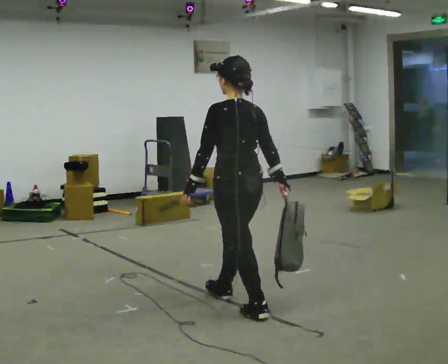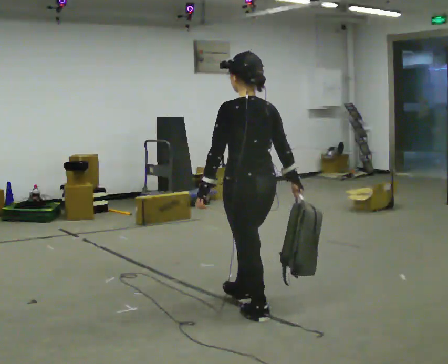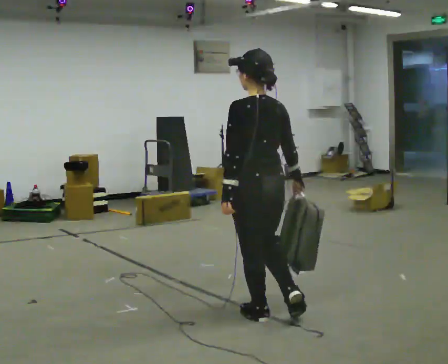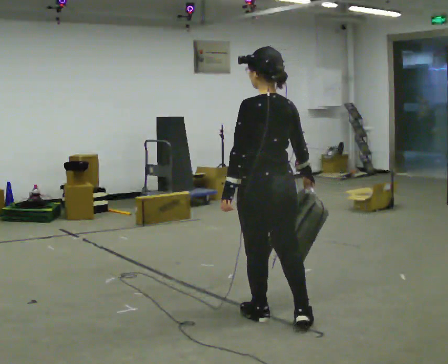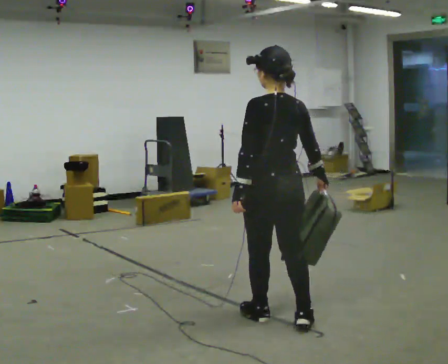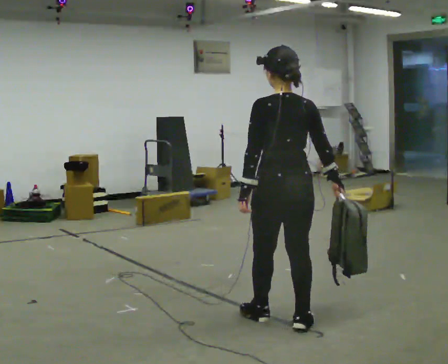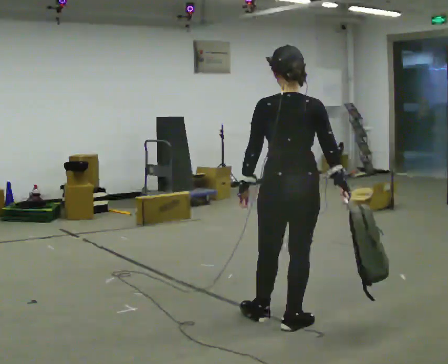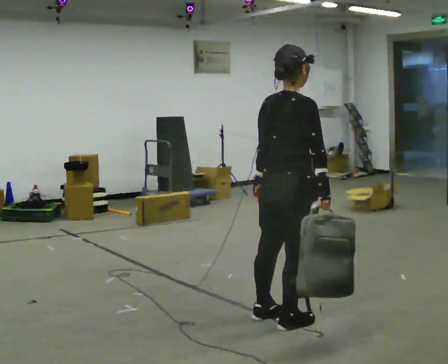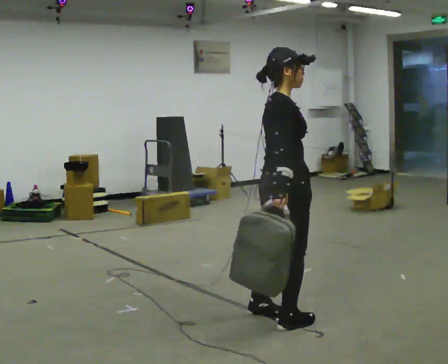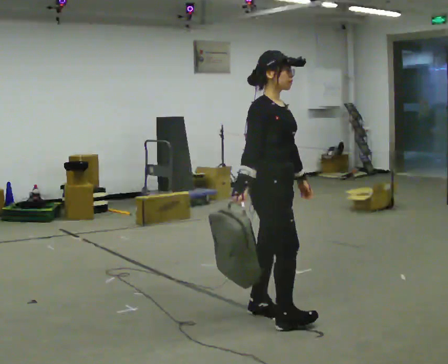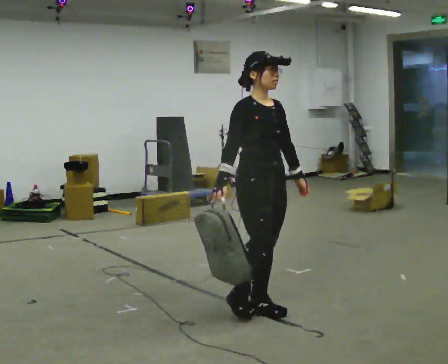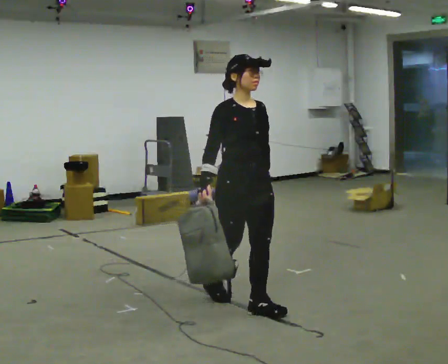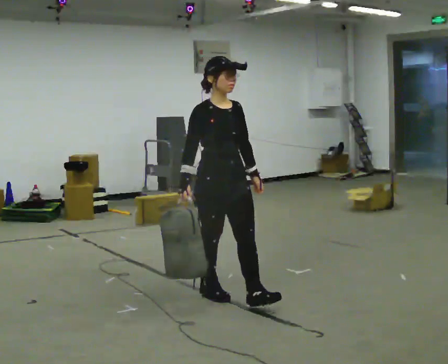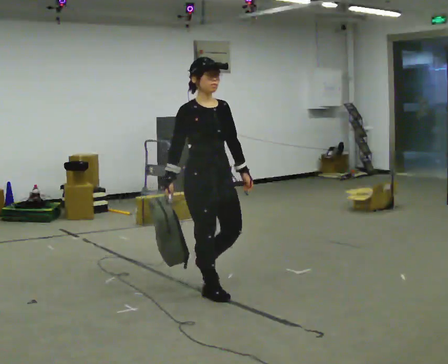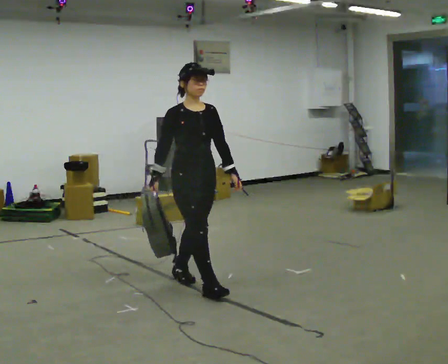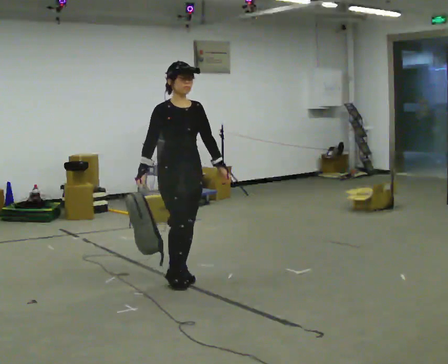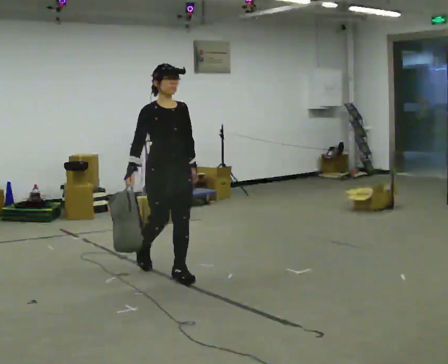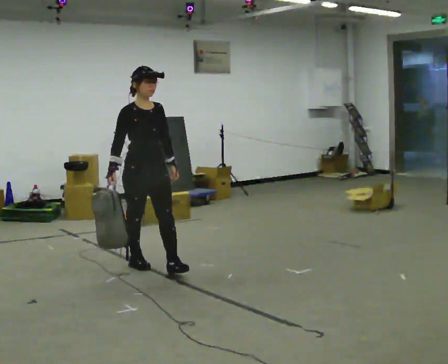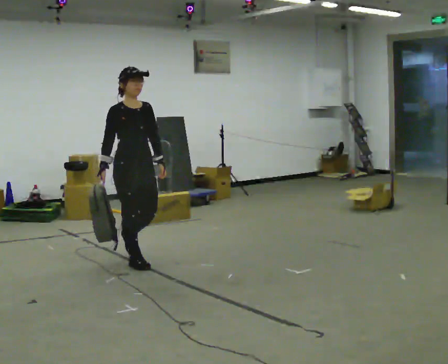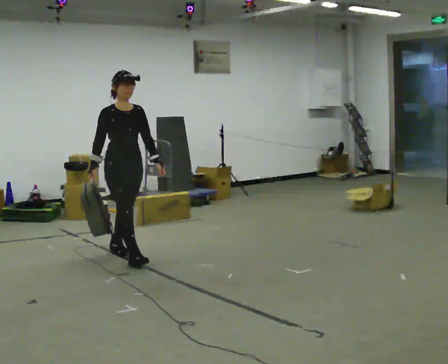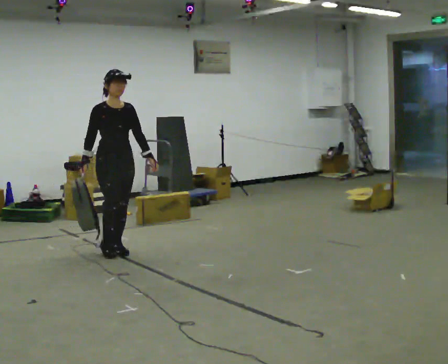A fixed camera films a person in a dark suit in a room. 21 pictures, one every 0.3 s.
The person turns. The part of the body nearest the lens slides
to the left.
The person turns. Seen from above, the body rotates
clockwise.
0.0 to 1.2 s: In the picture they go toward the camera and to the right, about 0.25 m in 1 step, which for them is backward.
1.2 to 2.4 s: The person turns about 105 degrees to their right, clockwise seen from above, so the part of the body nearest the lens slides to the left.
2.4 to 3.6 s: The person turns about 60 degrees to their right, clockwise seen from above, so the part of the body nearest the lens slides to the left. In the picture they go to the left and away from the camera, about 0.5 m in 2 steps.
3.6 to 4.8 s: In the picture they go away from the camera and to the left, about 0.5 m in 1 step, which for them is backward.
4.8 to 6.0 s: In the picture they go to the left and away from the camera, about 1 m in 2 steps, which for them is backward.
The film runs backward here.
